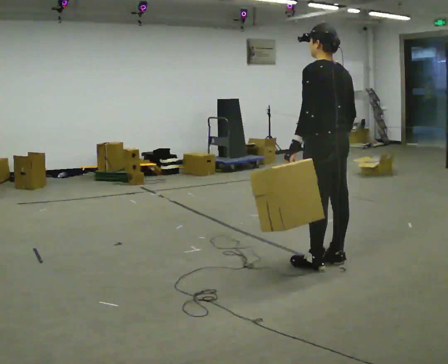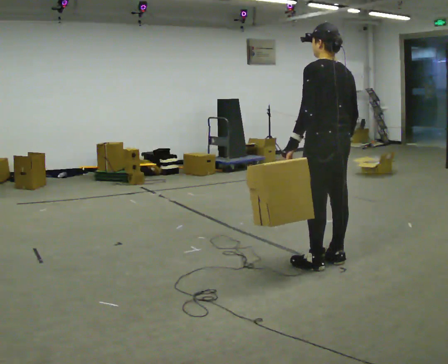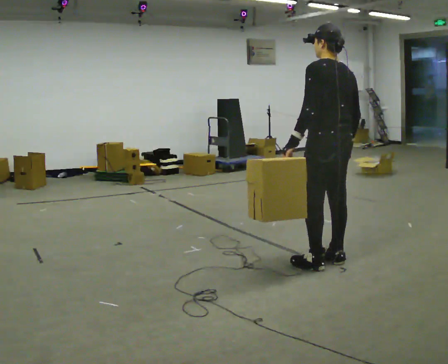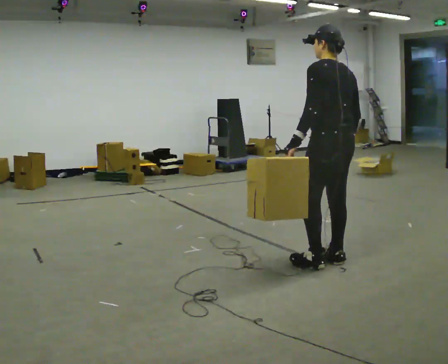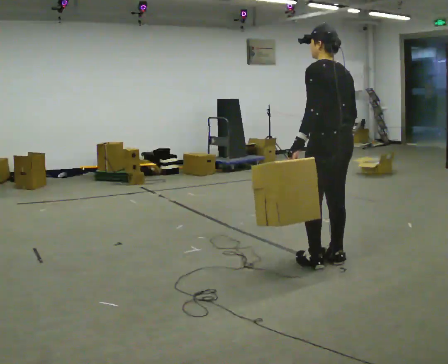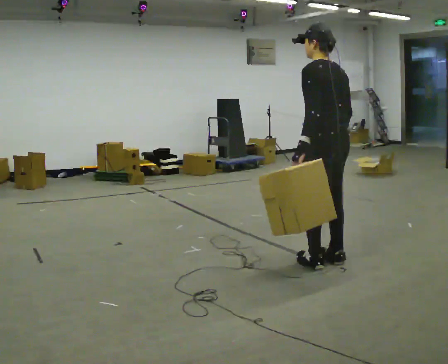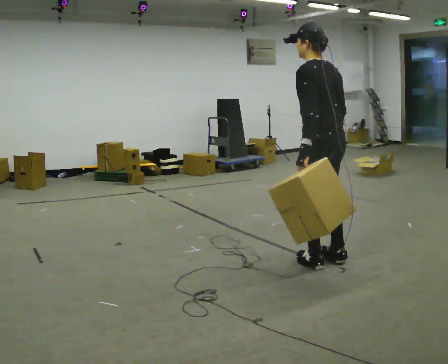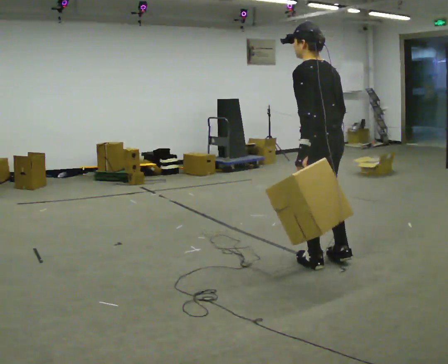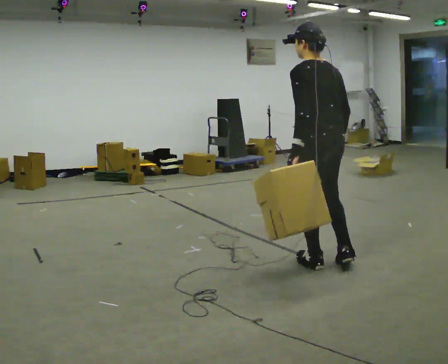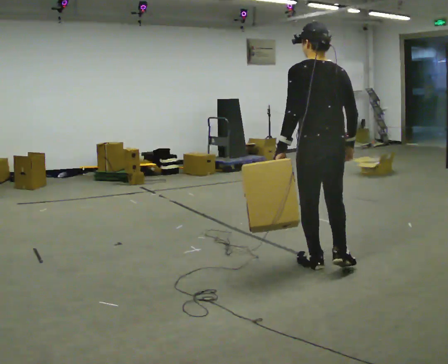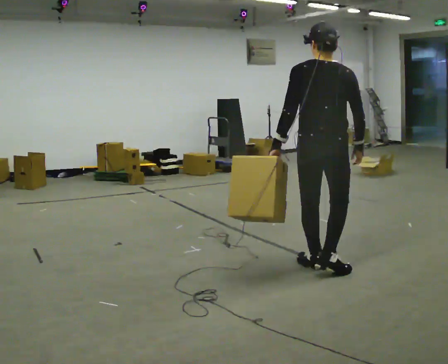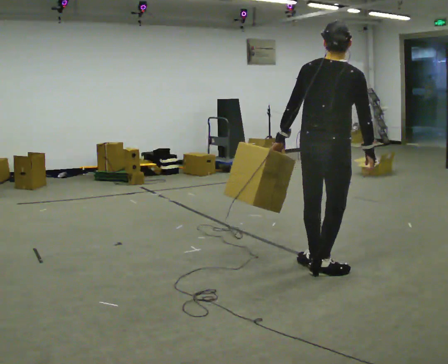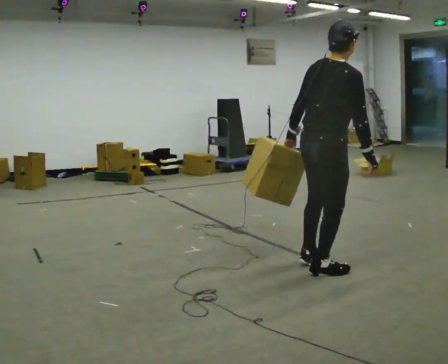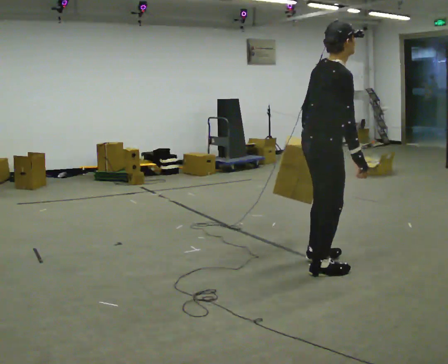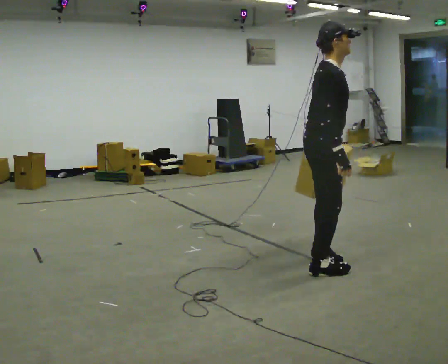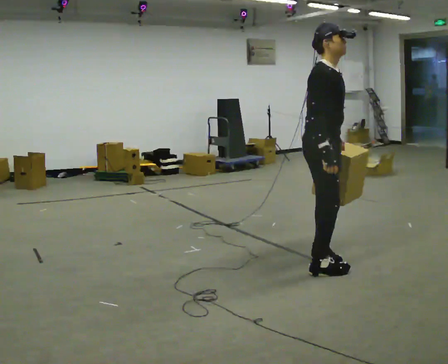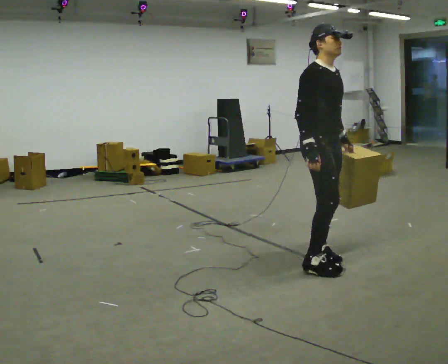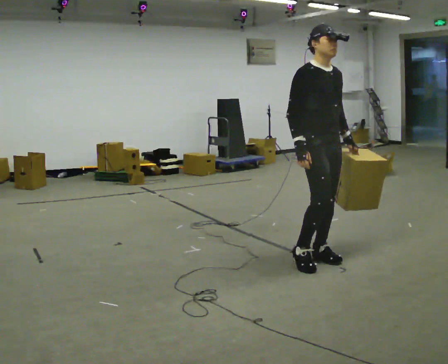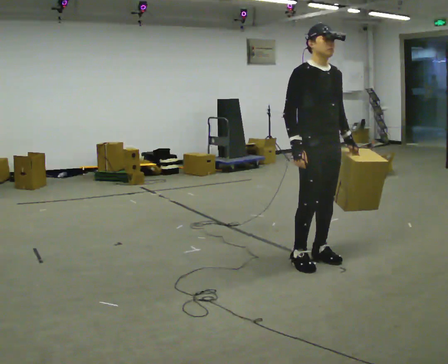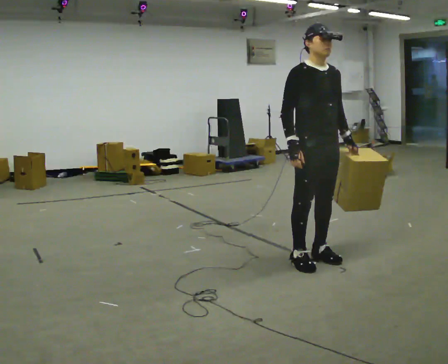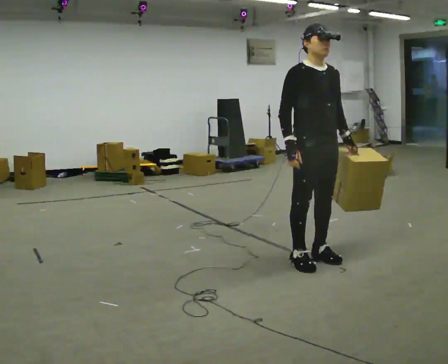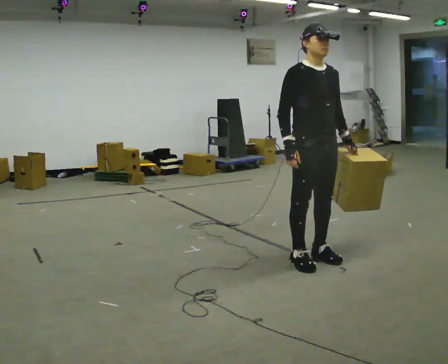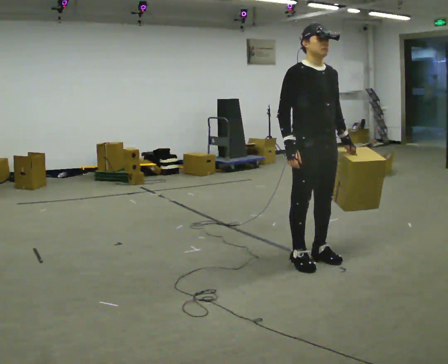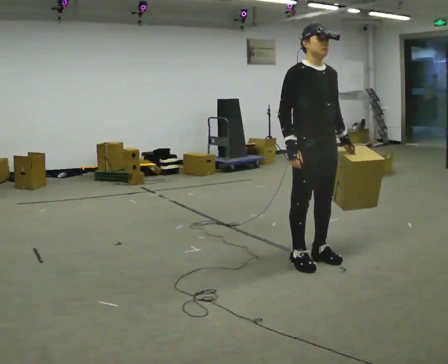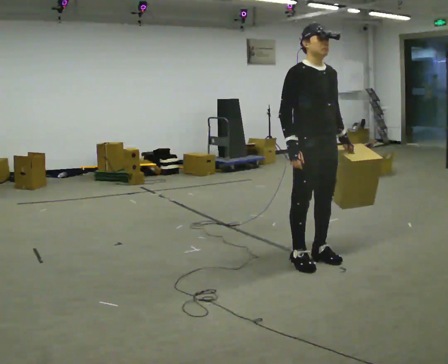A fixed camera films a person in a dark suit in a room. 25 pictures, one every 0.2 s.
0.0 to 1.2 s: The person moves a little, or ends about where they began.
1.2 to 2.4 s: The part of the body nearest the lens slides to the left as the person turns to their right by about 105 degrees. In the picture the upper body tilts clockwise, shoulders to the right.
2.4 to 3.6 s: Seen from above the body turns clockwise, about 90 degrees: to their right, with its near side sliding to the left. In the picture they go away from the camera, about 0.25 m in 1 step. In the picture their left hand goes to the right, the arm swinging counterclockwise.
3.6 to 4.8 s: The person moves a little, or ends about where they began.
The film runs backward here.
